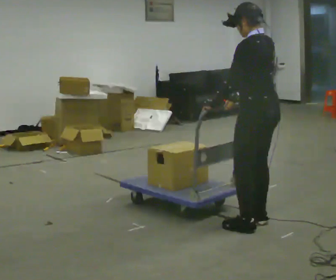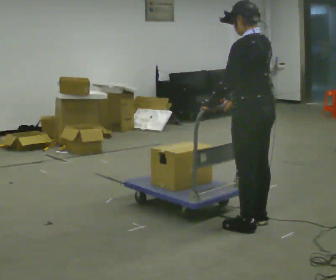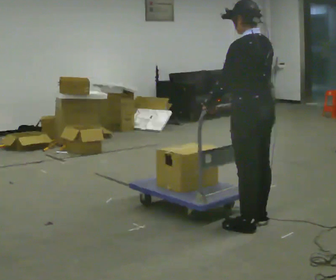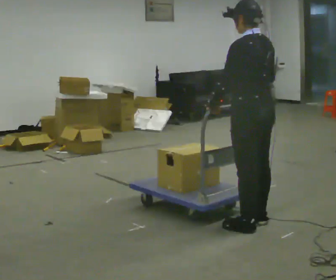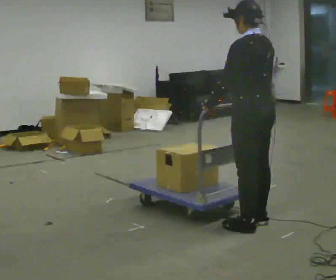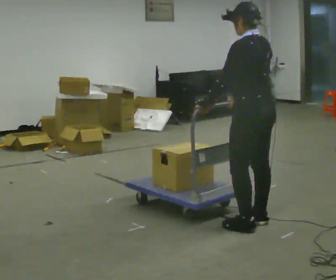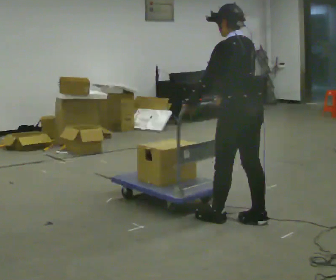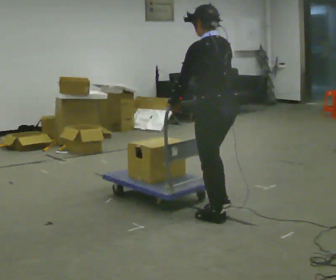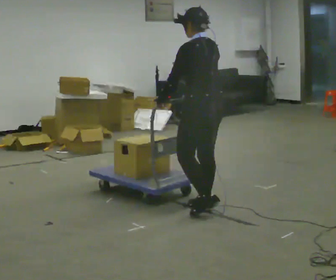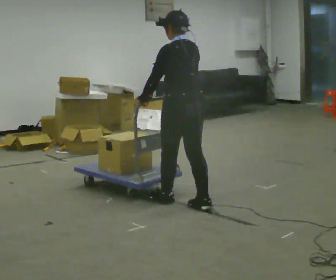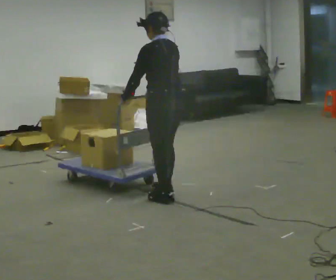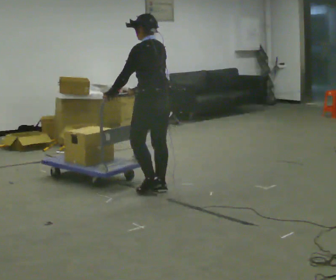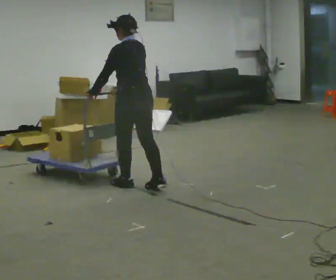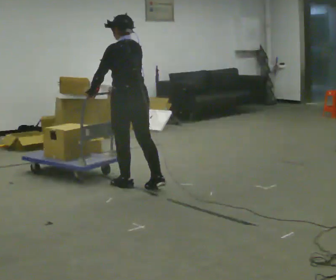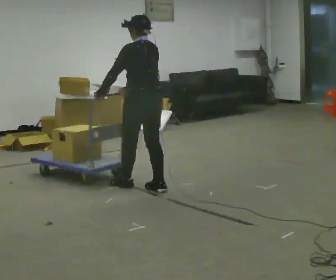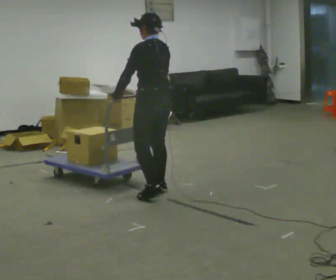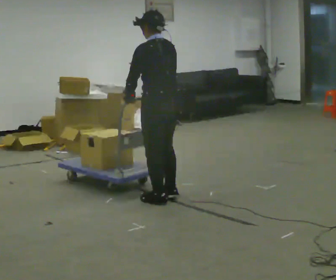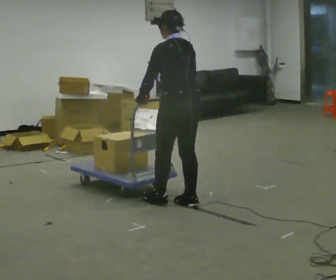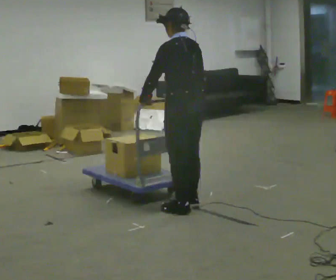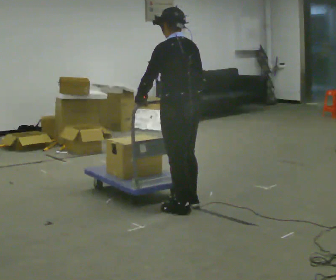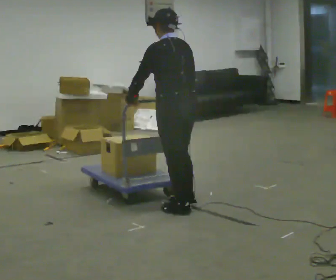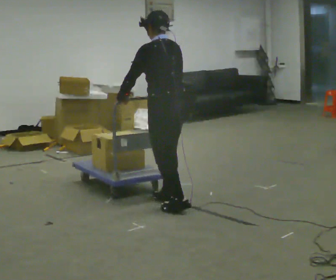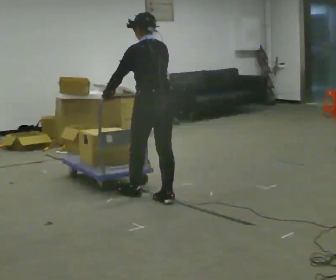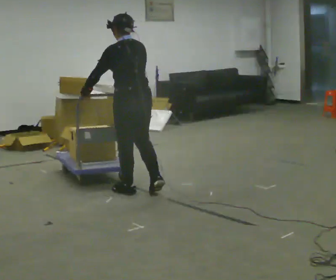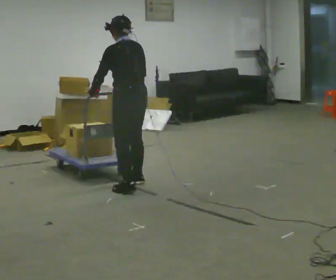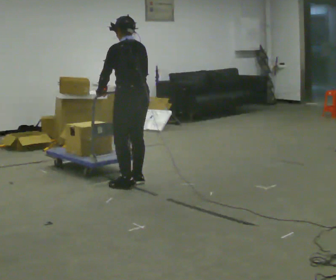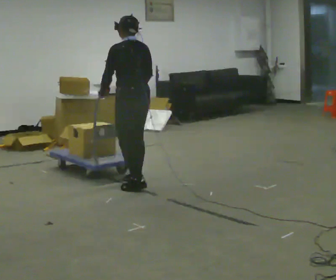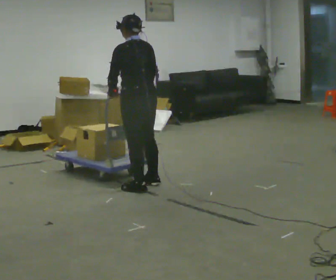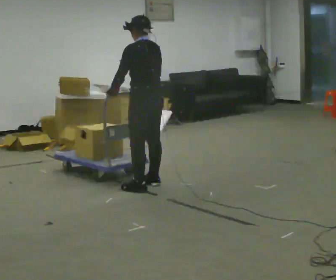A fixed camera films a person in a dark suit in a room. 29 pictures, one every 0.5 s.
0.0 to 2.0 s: The person moves a little, or ends about where they began.
2.0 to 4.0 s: In the picture they go away from the camera and to the left, about 0.5 m in 2 steps, which for them is forward.
4.0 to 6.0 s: In the picture they go away from the camera and to the left, about 1 m in 3 steps, which for them is forward.
6.0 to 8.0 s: In the picture they go toward the camera and to the right, about 0.5 m in 1 step, which for them is backward.
8.0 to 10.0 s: In the picture they go toward the camera, about 0.25 m in 2 steps, which for them is backward.
10.0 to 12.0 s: In the picture they go away from the camera and to the left, about 1 m in 3 steps, which for them is forward.
12.0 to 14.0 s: The person moves a little, or ends about where they began.
The film runs forward here.
